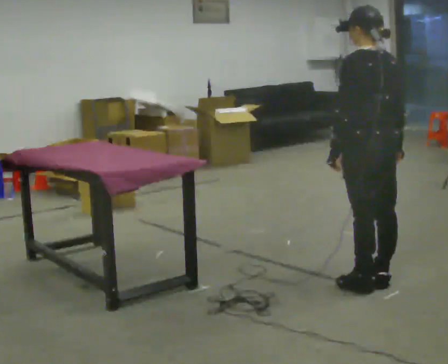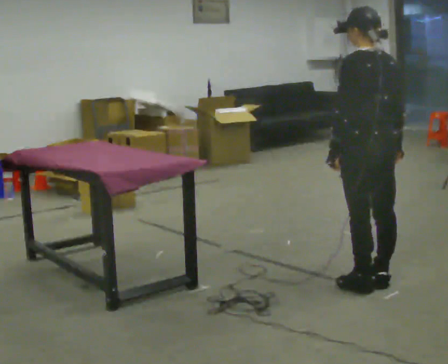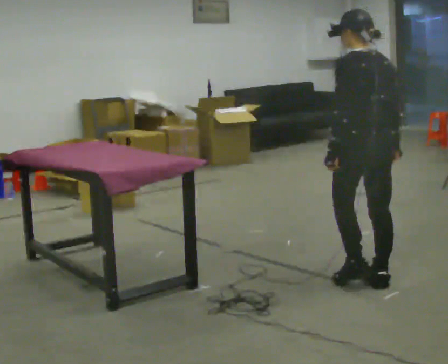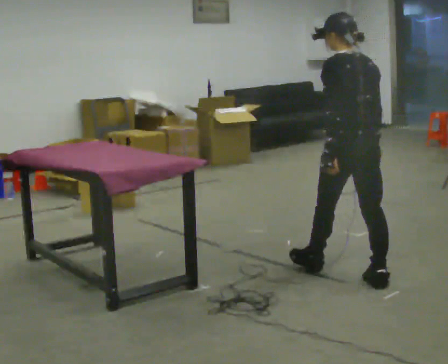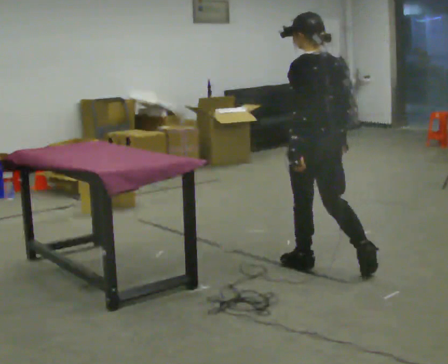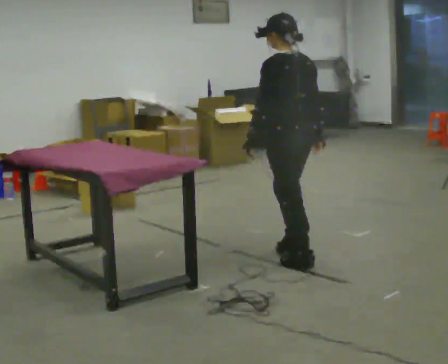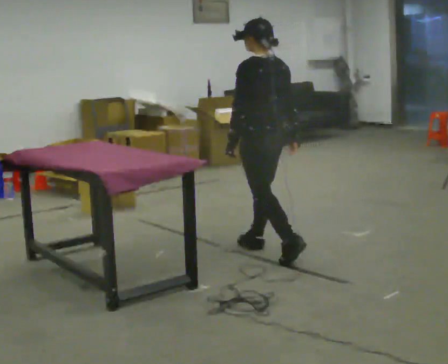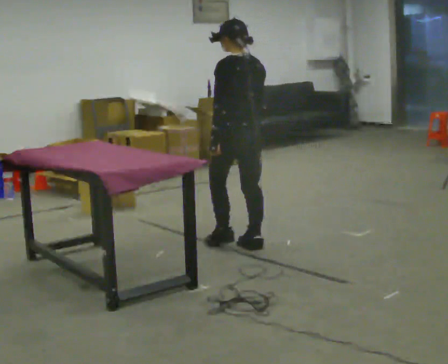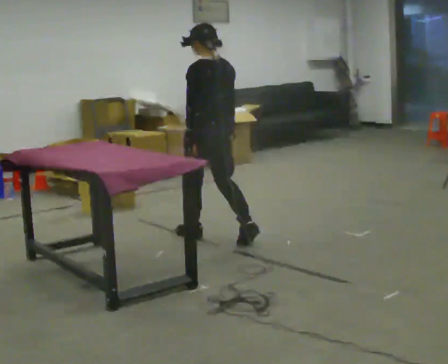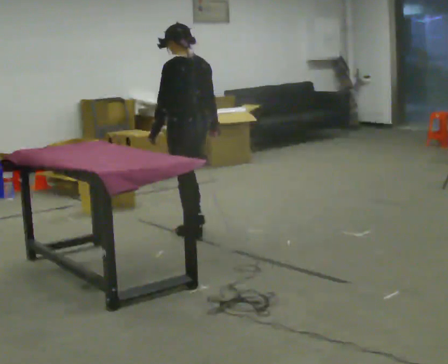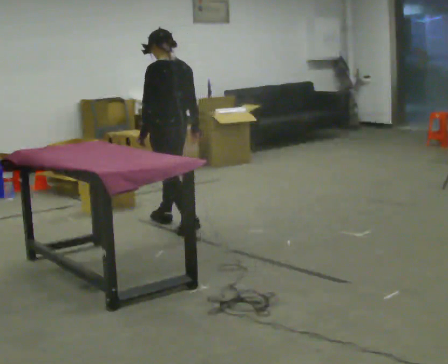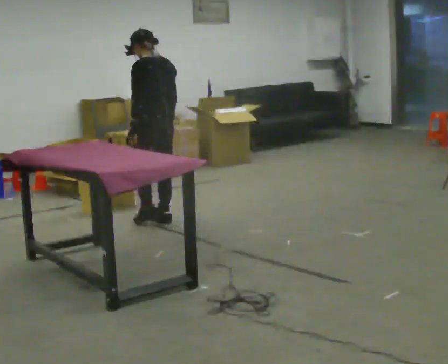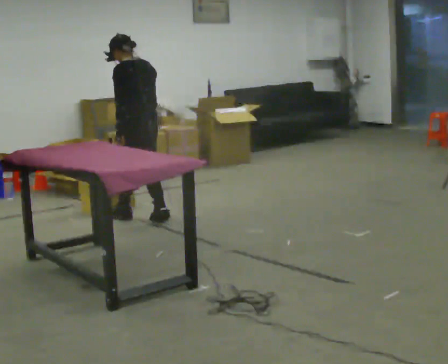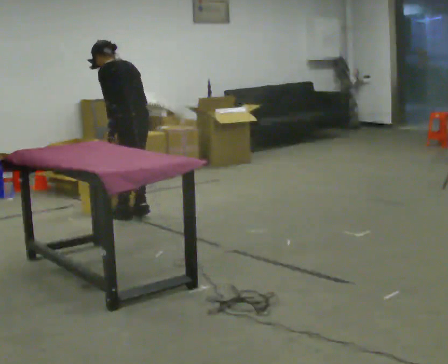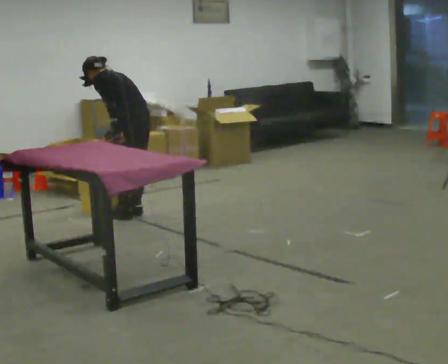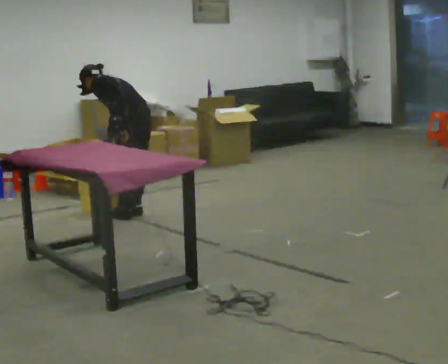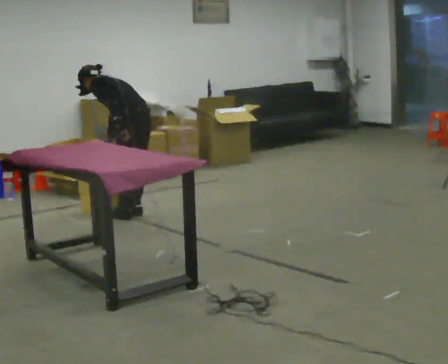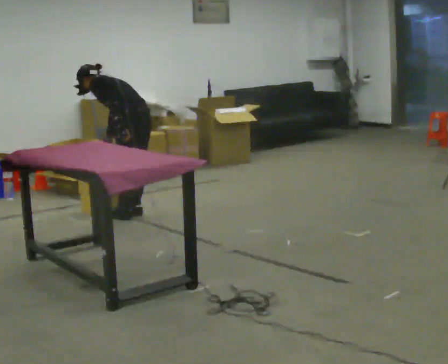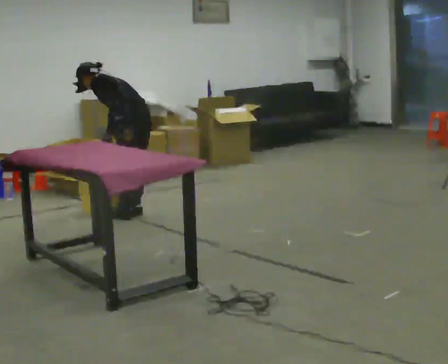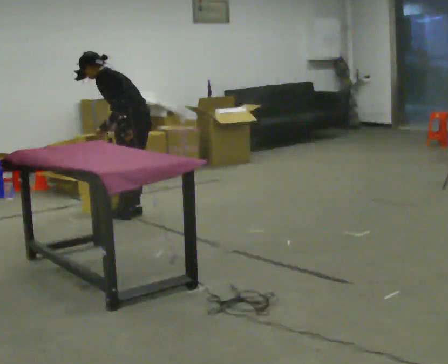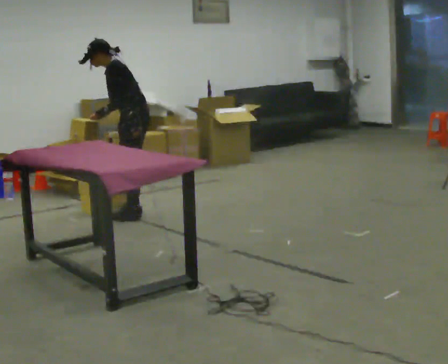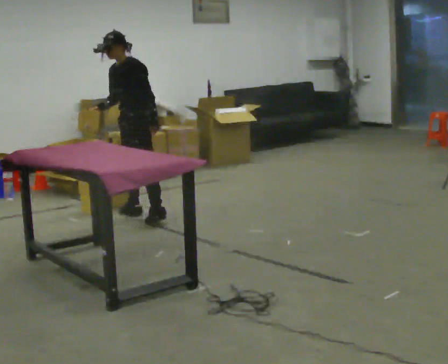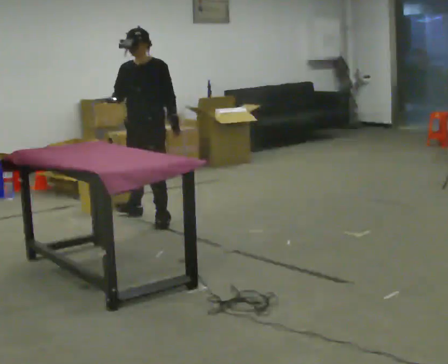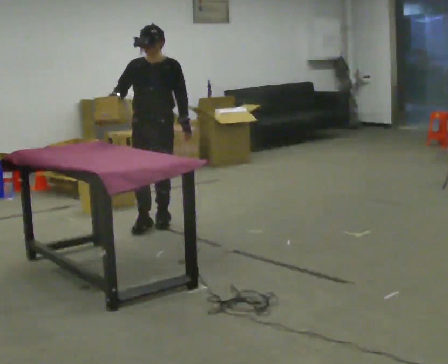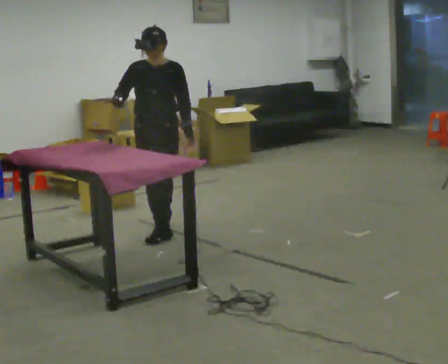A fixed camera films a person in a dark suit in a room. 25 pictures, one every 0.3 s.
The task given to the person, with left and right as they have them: Pick the object up off the floor using only the hand the operator calls, then carry it to the table in that same hand. Keep going until the operator says stop; one object at a time, and do not rush between trips.
0.0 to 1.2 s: In the picture they go away from the camera and to the left, about 0.5 m in 1 step, which for them is forward.
1.2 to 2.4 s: In the picture they go away from the camera and to the left, about 1 m in 2 steps, which for them is forward.
2.4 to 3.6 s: In the picture they go away from the camera and to the left, about 1 m in 2 steps, which for them is forward.
3.6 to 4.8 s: The upper body goes downward. The upper body tips away from the camera, its near side rolling upward, as they bend forward.
4.8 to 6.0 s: Seen from above the body turns counterclockwise, about 30 degrees: to their left, with its near side sliding to the right. The upper body goes upward. The upper body tips toward the camera, its near side rolling downward, as they lean back or straighten.
6.0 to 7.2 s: The person turns about 75 degrees to their left, counterclockwise seen from above, so the part of the body nearest the lens slides to the right. In the picture they go toward the camera, about 0.5 m in 2 steps. In the picture the upper body tilts clockwise, shoulders to the right, as they lean back or straighten.
The film runs forward here.
